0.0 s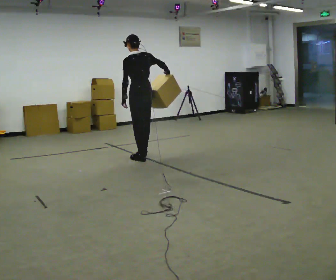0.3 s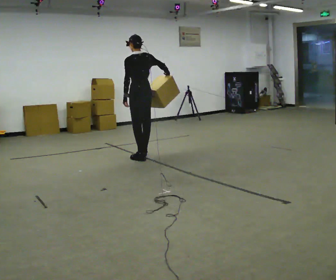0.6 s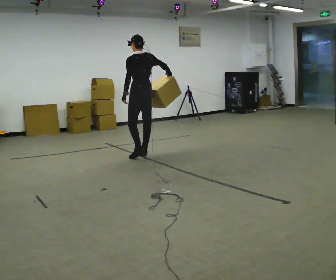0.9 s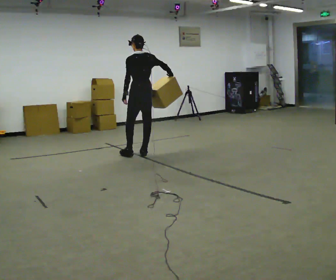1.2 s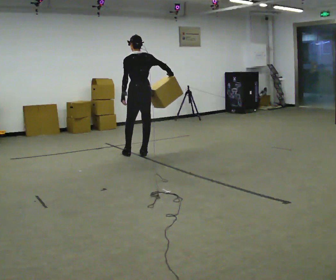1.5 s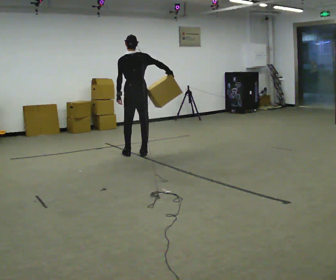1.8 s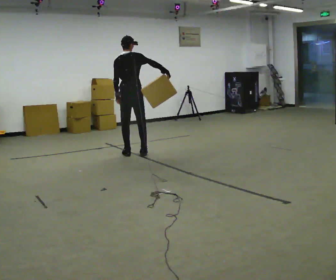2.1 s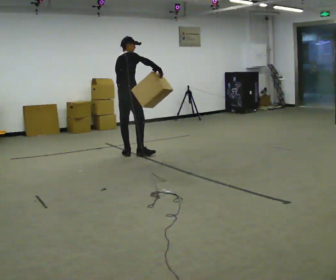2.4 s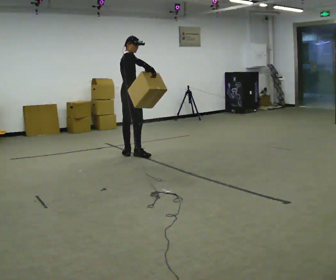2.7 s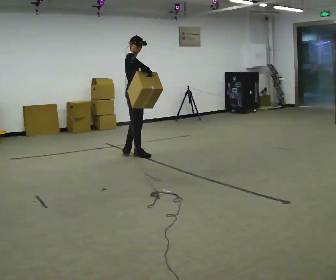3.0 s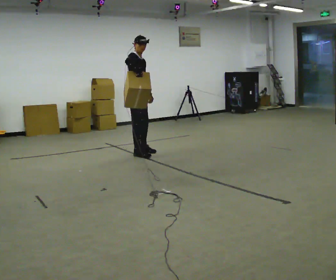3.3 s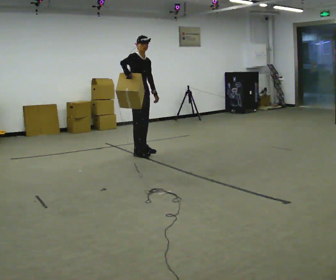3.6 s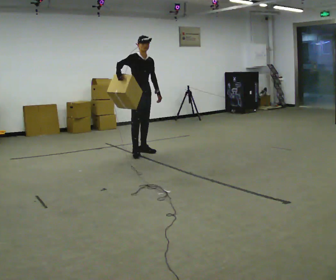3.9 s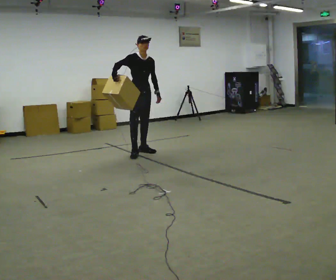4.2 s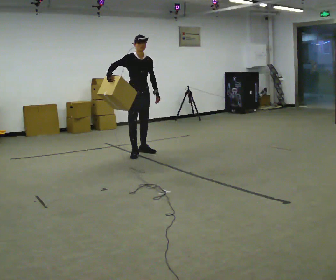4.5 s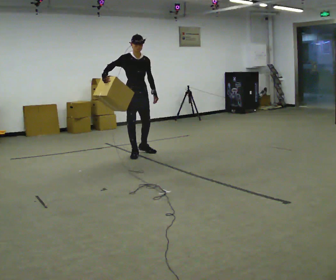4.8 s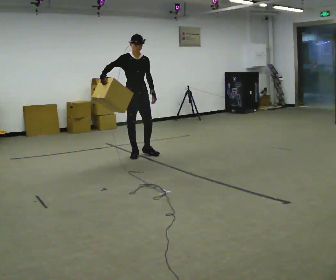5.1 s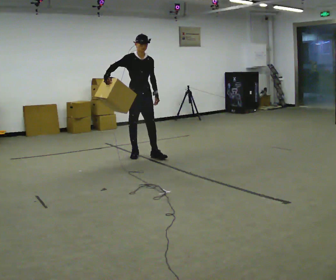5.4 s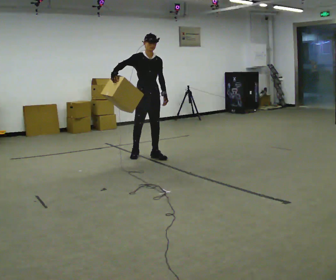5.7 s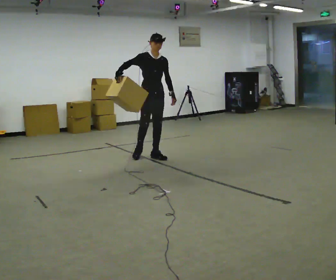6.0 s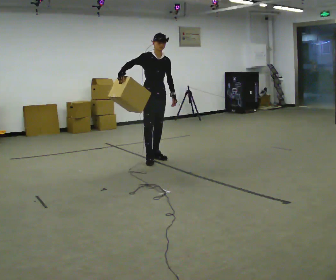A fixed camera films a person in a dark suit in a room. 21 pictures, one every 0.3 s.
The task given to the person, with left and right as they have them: Hold the object against your hip on the side the operator calls, and carry it back and forth across the room.
0.0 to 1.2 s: In the picture they go away from the camera, about 0.25 m in 1 step, which for them is forward.
1.2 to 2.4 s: Seen from above the body turns clockwise, about 90 degrees: to their right, with its near side sliding to the left. In the picture they go to the left, about 0.25 m. In the picture their right hand goes to the left.
2.4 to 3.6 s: The person turns about 75 degrees to their right, clockwise seen from above, so the part of the body nearest the lens slides to the left. In the picture they go away from the camera, about 0.25 m in 1 step. In the picture their right hand goes to the left.
3.6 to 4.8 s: In the picture they go toward the camera, about 0.25 m, which for them is forward and to their right.
4.8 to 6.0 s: In the picture they go to the right and toward the camera, about 0.25 m in 1 step, which for them is forward and to their left.
The film runs forward here.
